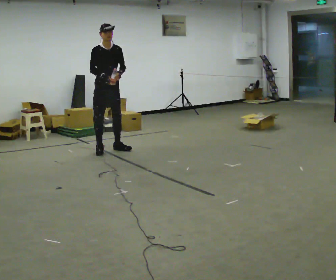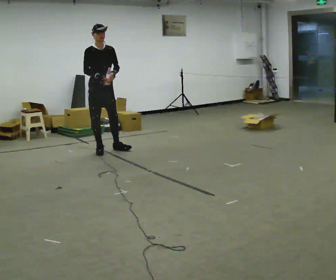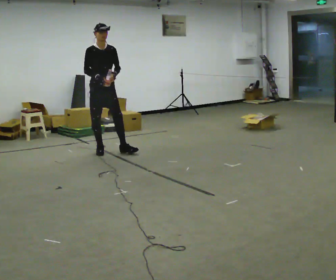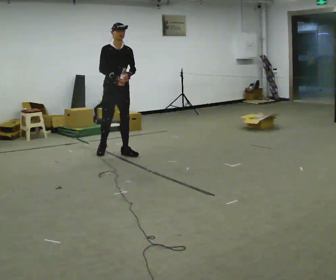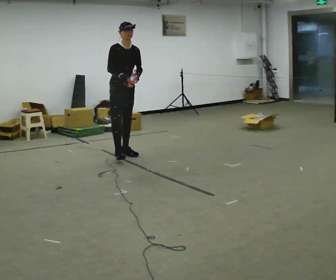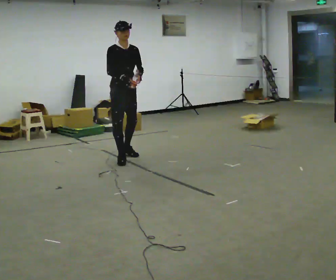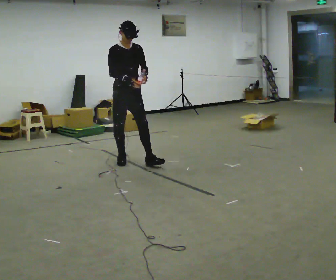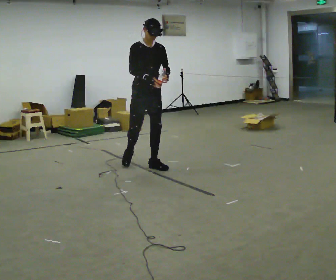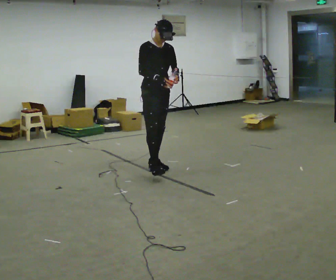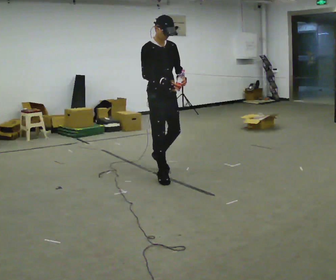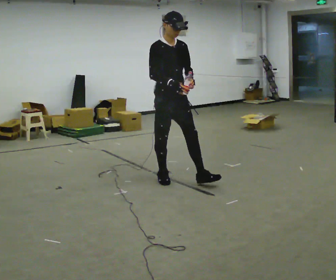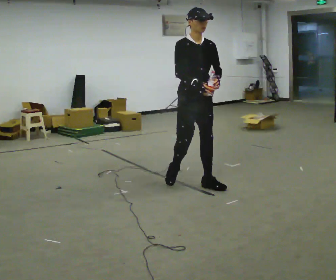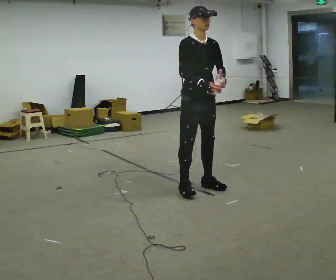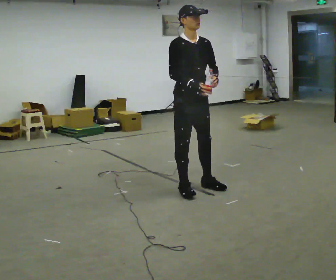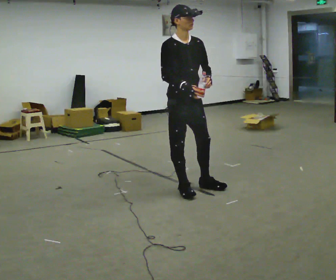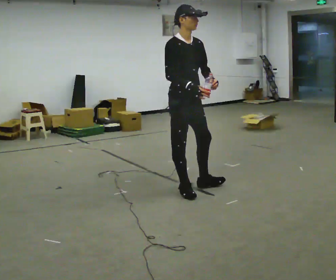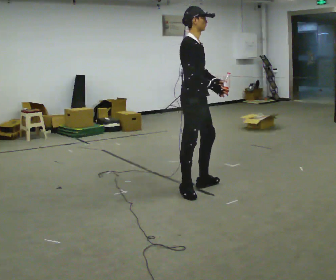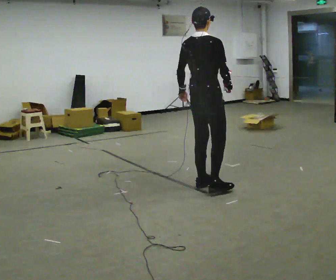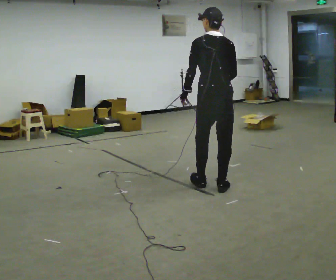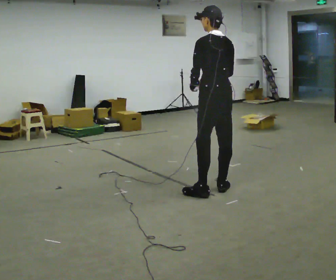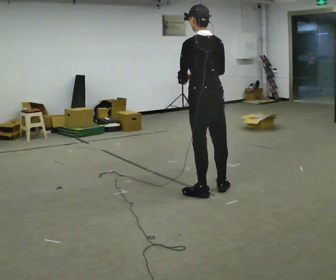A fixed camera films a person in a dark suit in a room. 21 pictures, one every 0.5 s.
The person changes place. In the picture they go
toward the camera.
0.0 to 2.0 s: In the picture they go toward the camera and to the right, about 0.25 m in 1 step, which for them is forward.
2.0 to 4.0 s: In the picture they go toward the camera and to the right, about 1 m in 2 steps, which for them is forward.
4.0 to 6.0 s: In the picture they go toward the camera and to the right, about 1 m in 3 steps, which for them is forward.
6.0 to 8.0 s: Seen from above the body turns counterclockwise, about 45 degrees: to their left, with its near side sliding to the right.
8.0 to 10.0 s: The person turns about 120 degrees to their left, counterclockwise seen from above, so the part of the body nearest the lens slides to the right. In the picture they go toward the camera, about 0.25 m in 2 steps.
The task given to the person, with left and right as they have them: Carry the open container of water across the room without spilling it, back and forth.
The film runs forward here.
